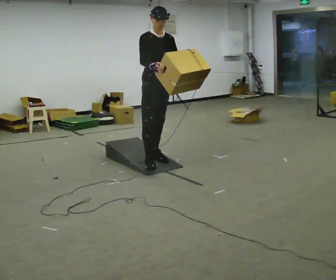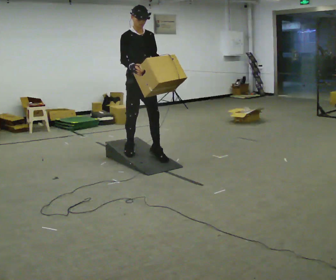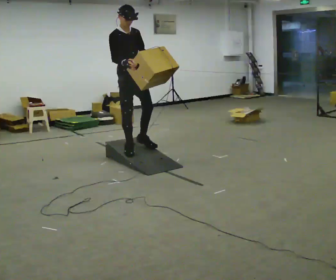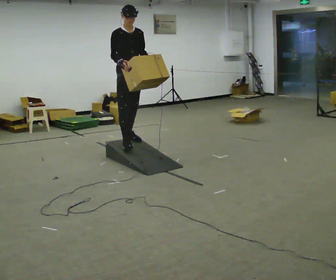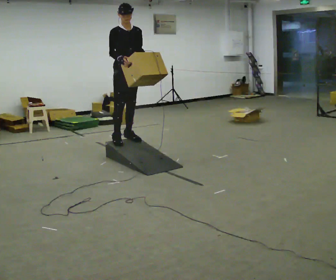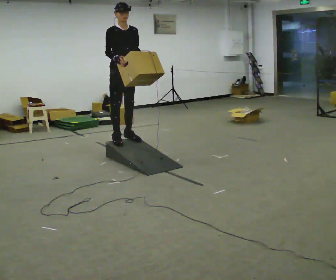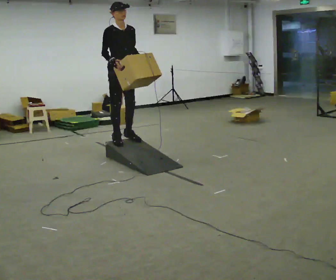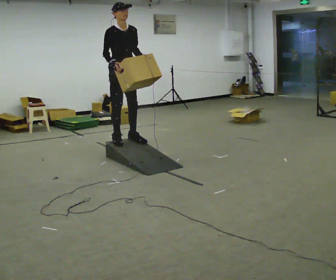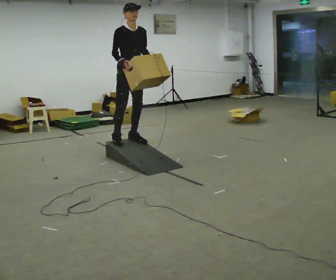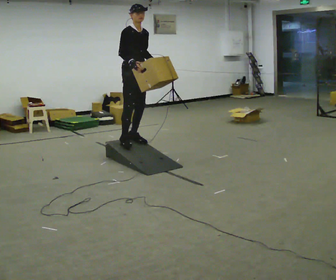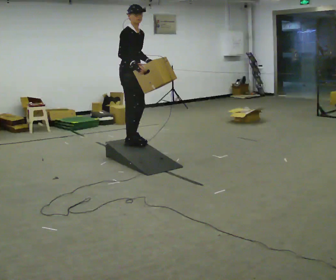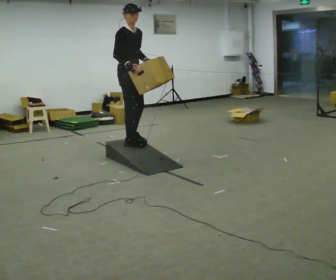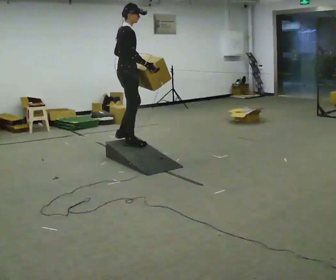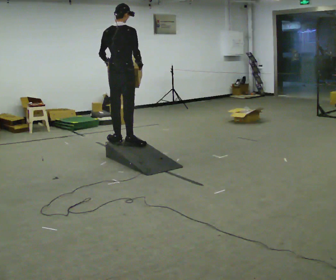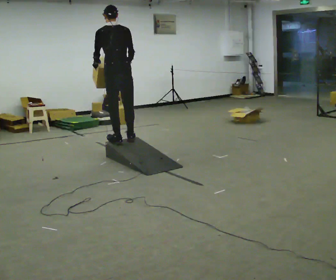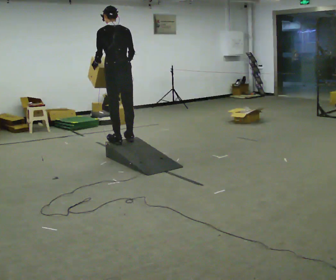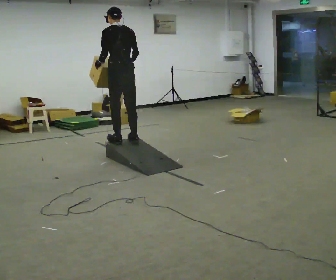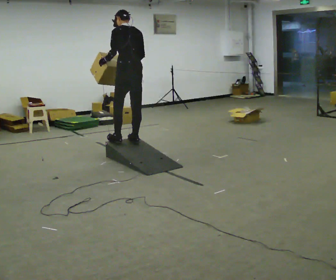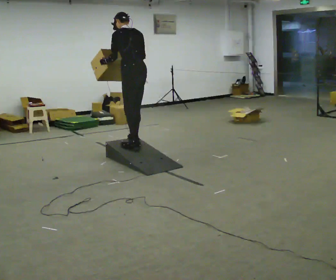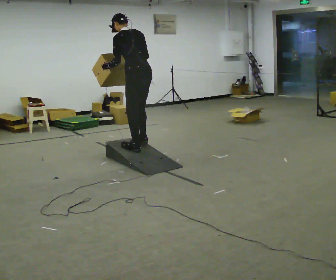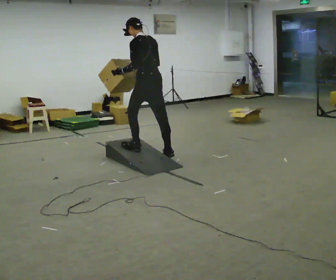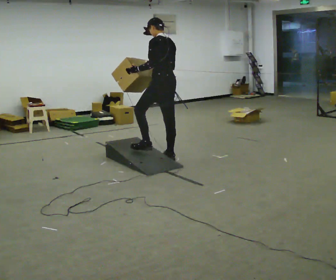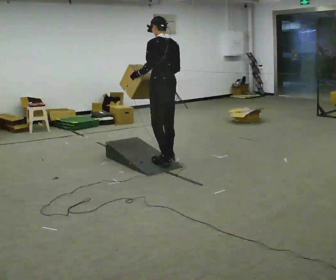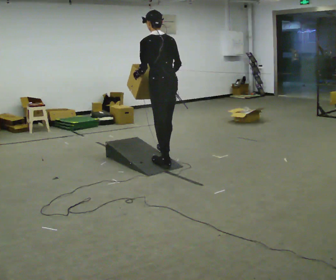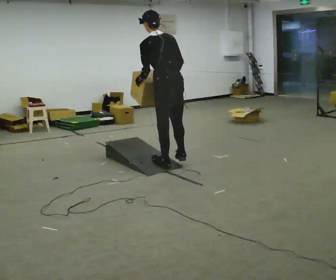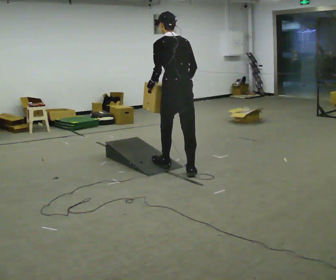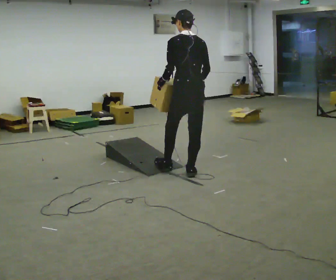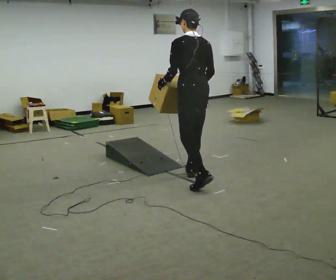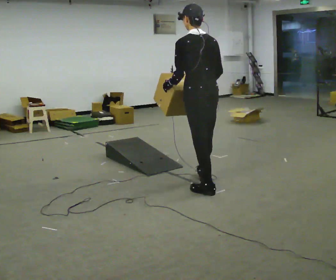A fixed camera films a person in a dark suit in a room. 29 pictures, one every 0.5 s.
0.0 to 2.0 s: In the picture they go away from the camera and to the left, about 0.75 m in 2 steps, which for them is backward.
2.0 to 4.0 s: The person moves a little, or ends about where they began.
4.0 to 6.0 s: The part of the body nearest the lens slides to the right as the person turns to their left by about 75 degrees. In the picture they go toward the camera, about 0.25 m in 2 steps. In the picture their right hand goes to the right, the arm swinging counterclockwise.
6.0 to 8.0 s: Seen from above the body turns counterclockwise, about 105 degrees: to their left, with its near side sliding to the right. In the picture the upper body tilts counterclockwise, shoulders to the left. In the picture their left hand goes to the left.
8.0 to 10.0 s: In the picture they go to the right and toward the camera, about 0.5 m in 2 steps, which for them is backward and to their right.
10.0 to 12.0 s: In the picture they go toward the camera, about 0.5 m in 2 steps, which for them is backward.
12.0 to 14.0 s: In the picture they go toward the camera, about 0.5 m in 2 steps, which for them is backward.
The film runs backward here.
